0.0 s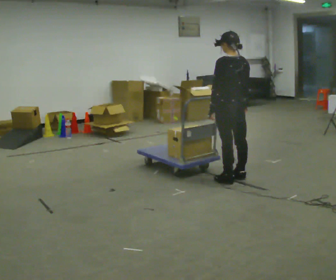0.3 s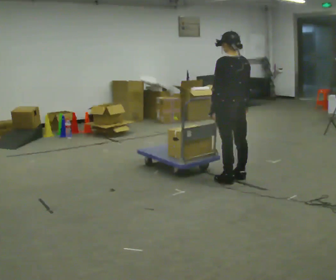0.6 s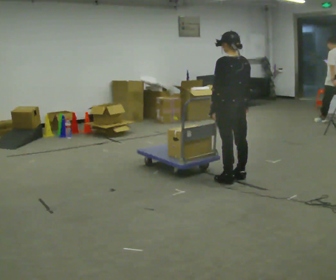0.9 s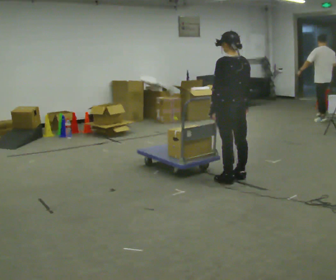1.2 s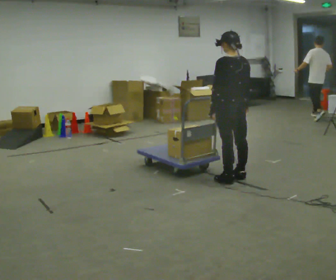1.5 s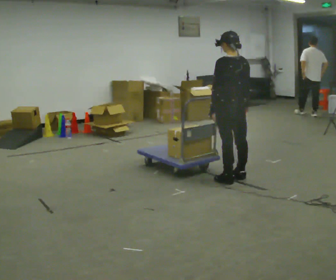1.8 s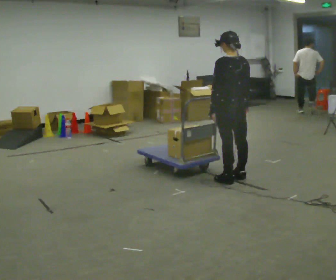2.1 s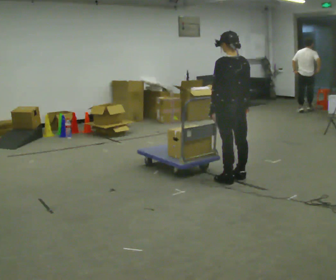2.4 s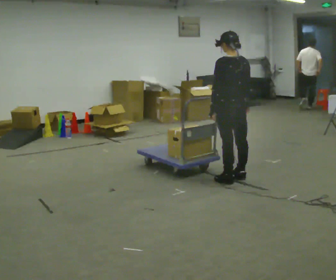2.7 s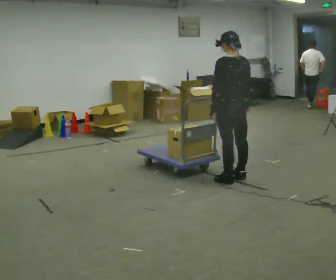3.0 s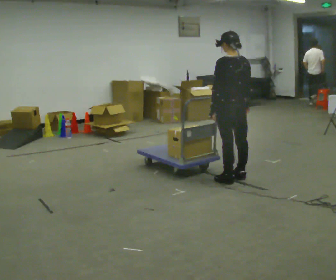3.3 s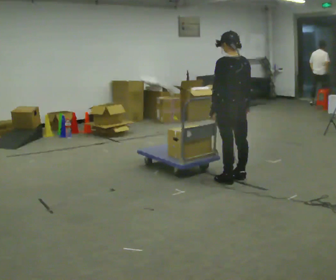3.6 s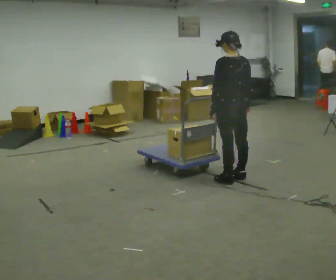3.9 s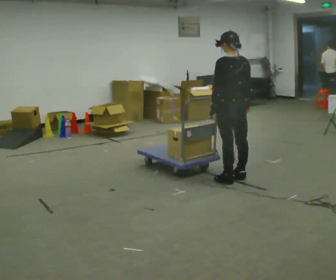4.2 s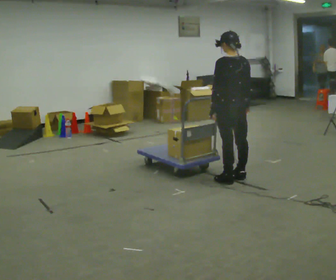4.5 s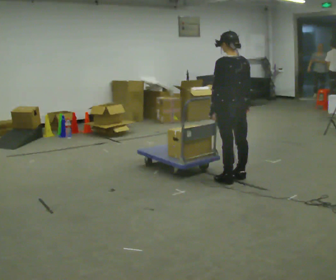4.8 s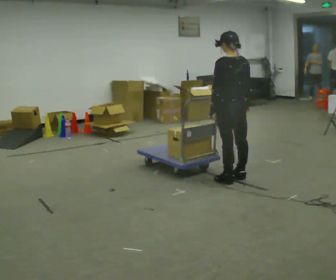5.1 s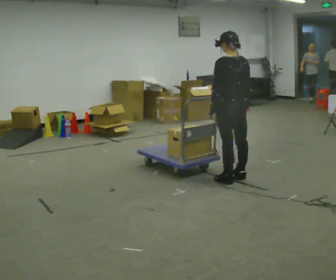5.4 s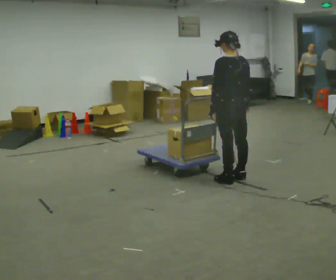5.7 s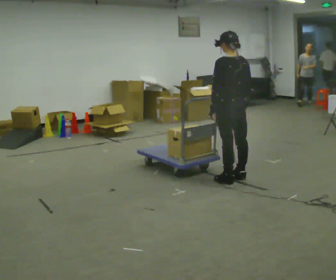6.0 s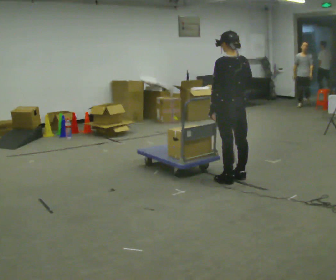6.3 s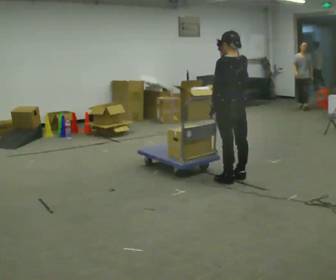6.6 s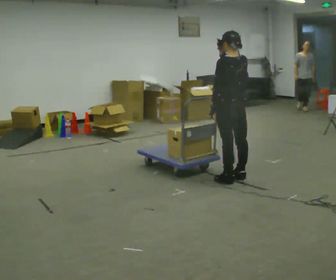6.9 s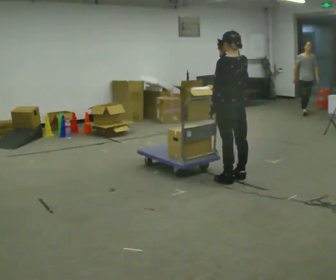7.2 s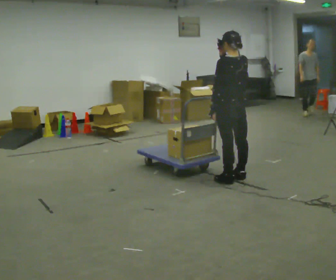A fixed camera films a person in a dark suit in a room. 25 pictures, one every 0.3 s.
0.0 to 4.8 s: The person keeps their place and pose.
4.8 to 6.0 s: In the picture their right hand goes upward.
6.0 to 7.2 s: The person moves a little, or ends about where they began.
The film runs forward here.
